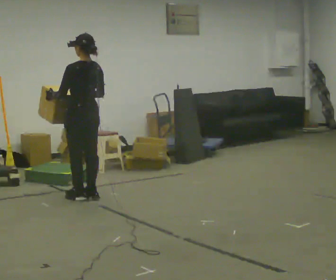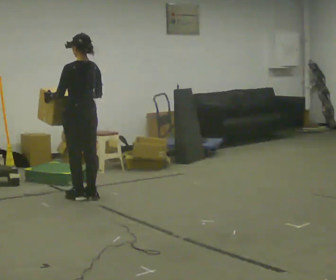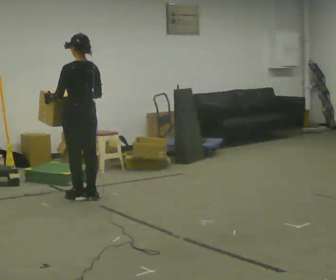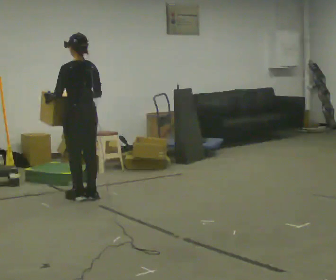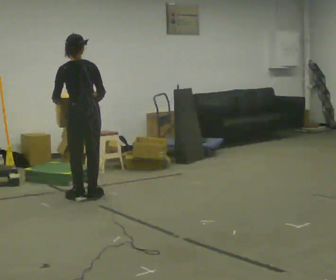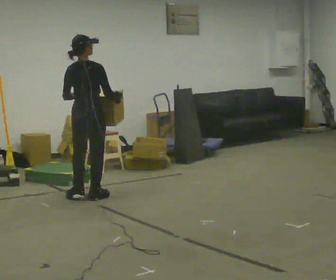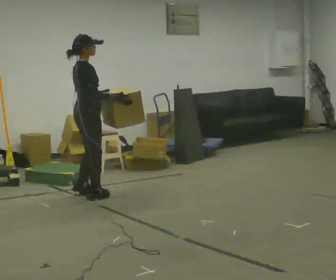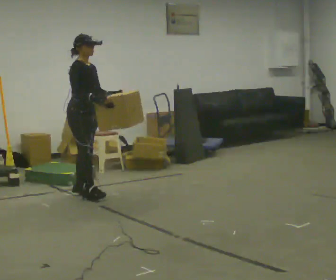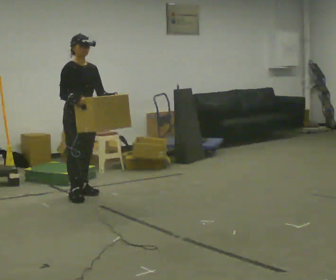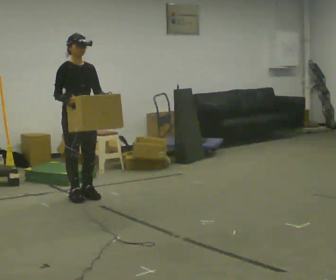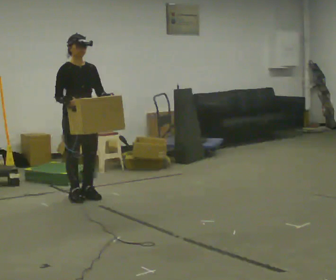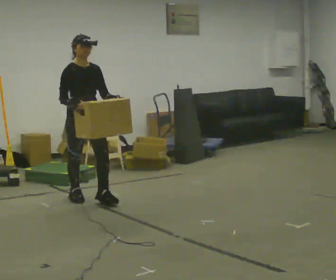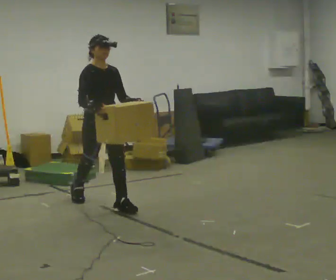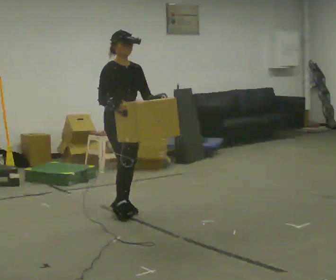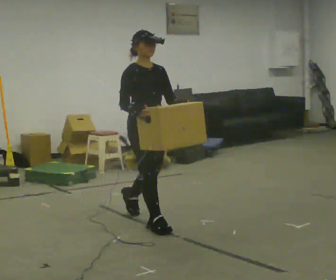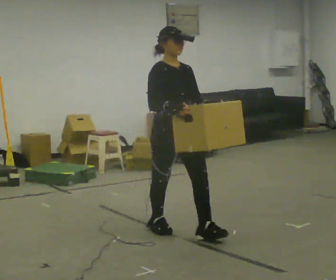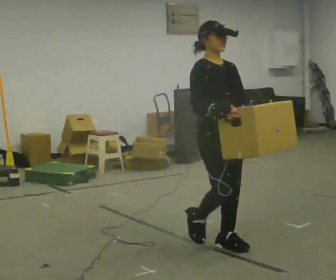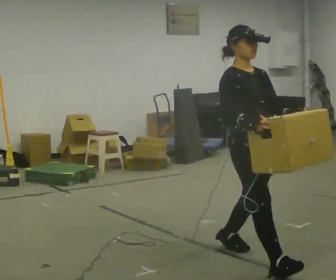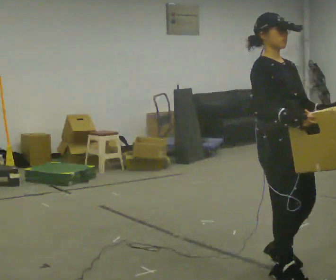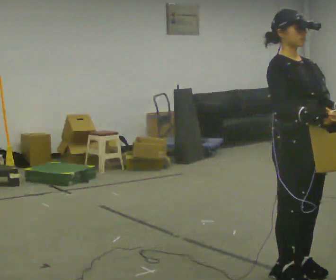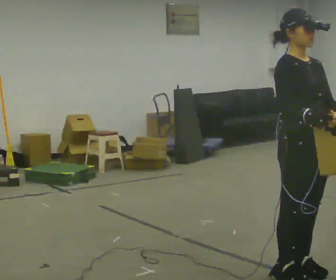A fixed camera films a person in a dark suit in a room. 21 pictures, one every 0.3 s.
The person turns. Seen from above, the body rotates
clockwise.
The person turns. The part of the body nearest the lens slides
to the left.
0.0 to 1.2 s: The person moves a little, or ends about where they began.
1.2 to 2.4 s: The person turns about 150 degrees to their right, clockwise seen from above, so the part of the body nearest the lens slides to the left.
2.4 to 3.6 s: In the picture they go toward the camera and to the right, about 0.5 m in 1 step, which for them is forward.
3.6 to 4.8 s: In the picture they go toward the camera and to the right, about 1.5 m in 2 steps, which for them is forward.
4.8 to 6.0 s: In the picture they go toward the camera and to the right, about 1 m in 2 steps, which for them is forward.
The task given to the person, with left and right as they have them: Carry the box across the room as briskly as you comfortably can, back and forth. Do not run.
The film runs forward here.
